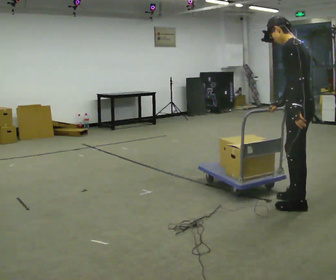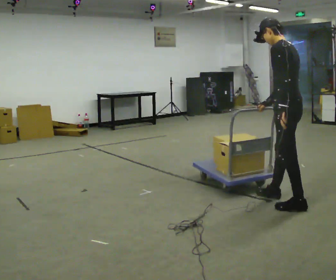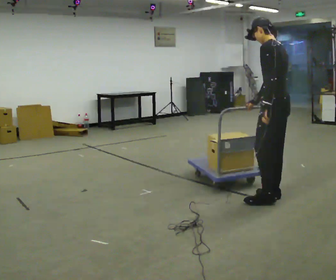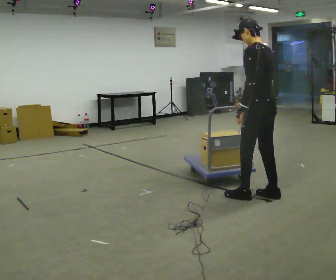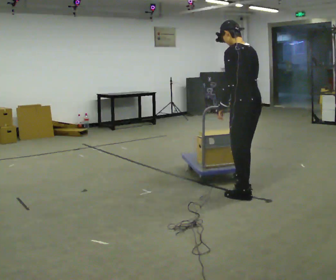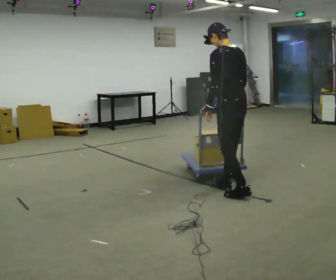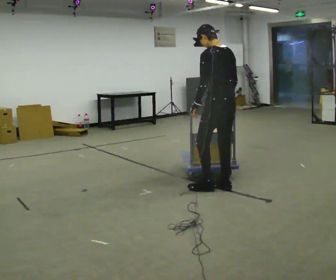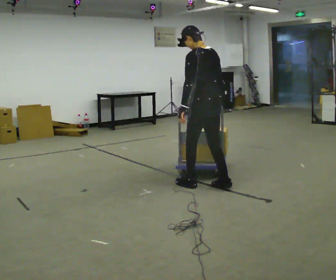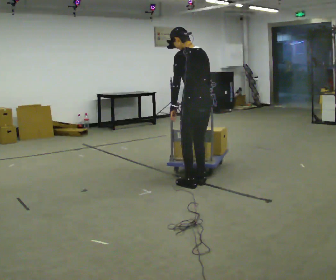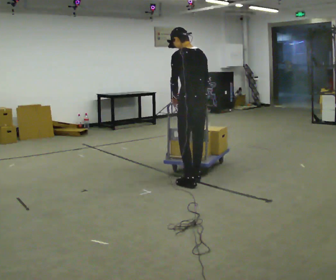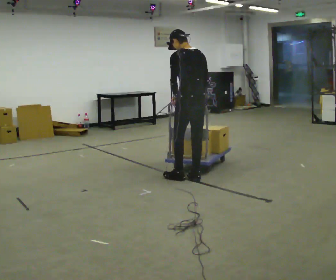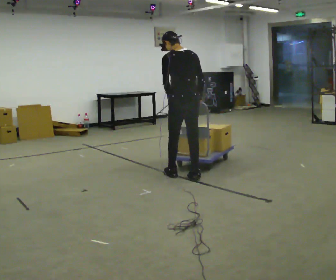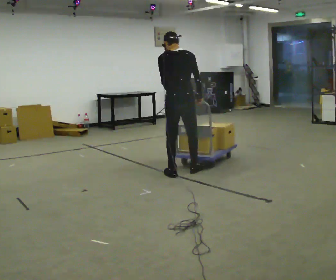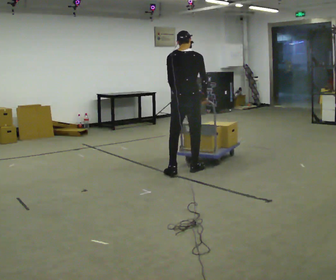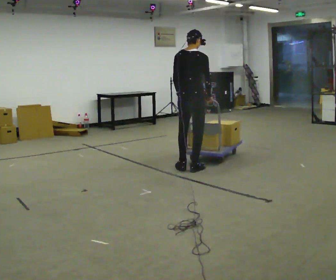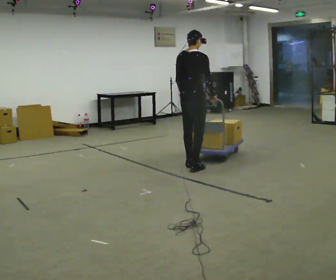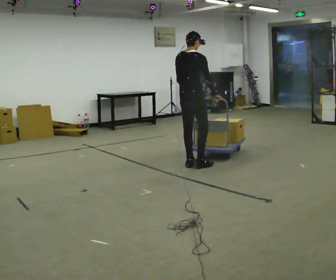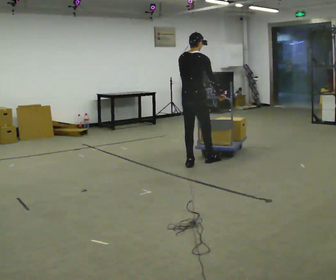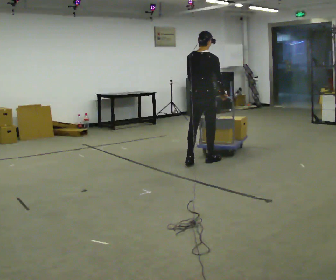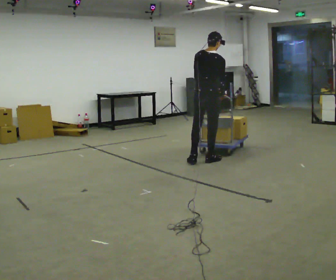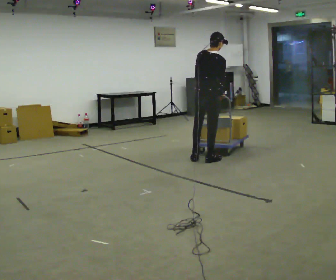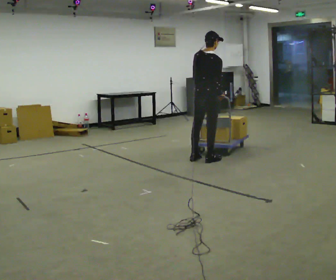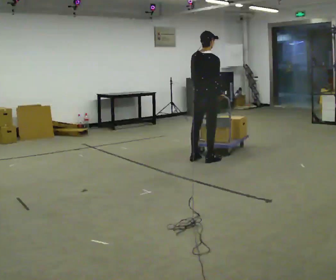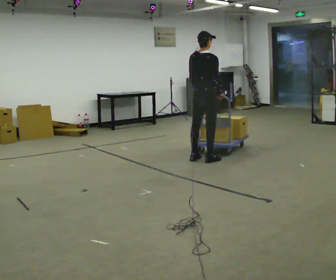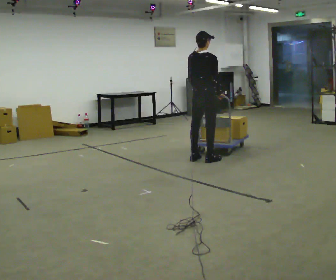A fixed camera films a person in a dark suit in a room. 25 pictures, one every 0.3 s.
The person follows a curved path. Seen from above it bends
clockwise.
The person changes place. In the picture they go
away from the camera.
0.0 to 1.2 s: In the picture they go to the left and away from the camera, about 0.5 m in 2 steps, which for them is forward.
1.2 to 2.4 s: In the picture they go to the left and away from the camera, about 0.5 m in 2 steps, which for them is forward.
2.4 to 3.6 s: The person turns about 45 degrees to their right, clockwise seen from above, so the part of the body nearest the lens slides to the left. In the picture they go away from the camera and to the left, about 0.5 m in 2 steps, which for them is forward.
3.6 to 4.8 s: The part of the body nearest the lens slides to the left as the person turns to their right by about 30 degrees. In the picture they go away from the camera, about 0.5 m in 2 steps, which for them is forward.
4.8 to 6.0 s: In the picture they go to the right and away from the camera, about 0.25 m in 1 step, which for them is forward and to their right.
6.0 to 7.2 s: The person moves a little, or ends about where they began.
The film runs backward here.
